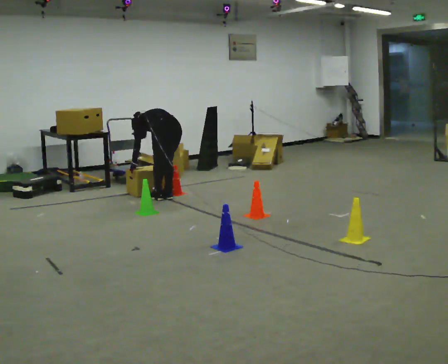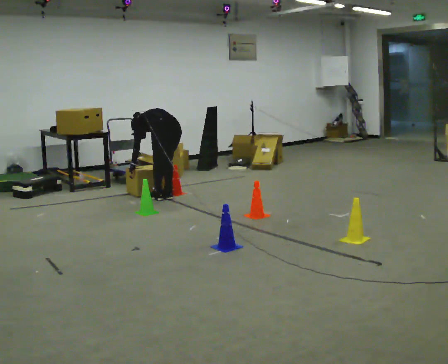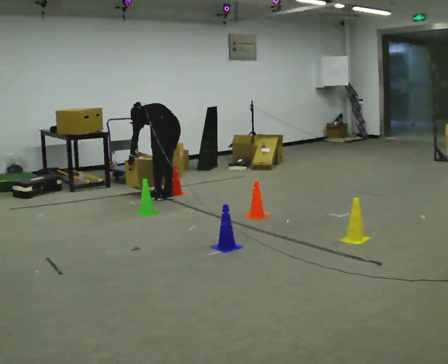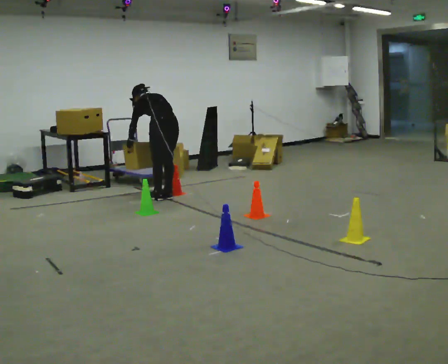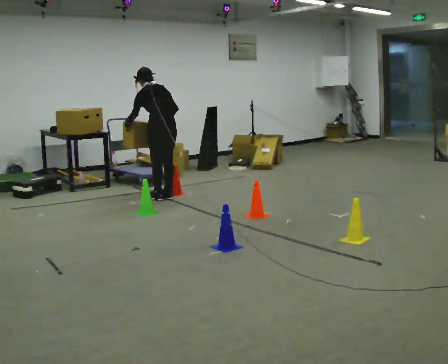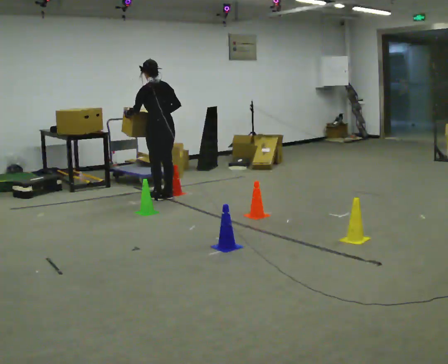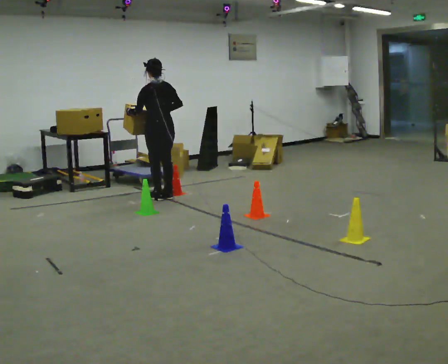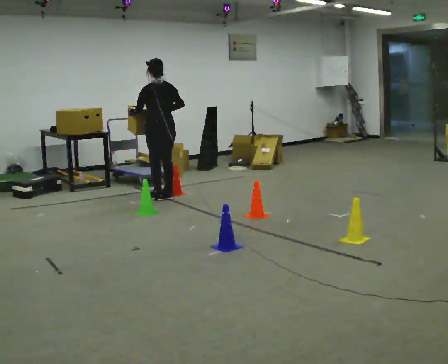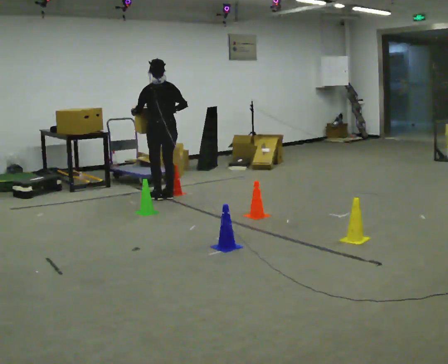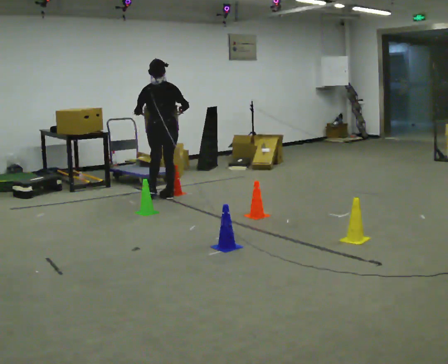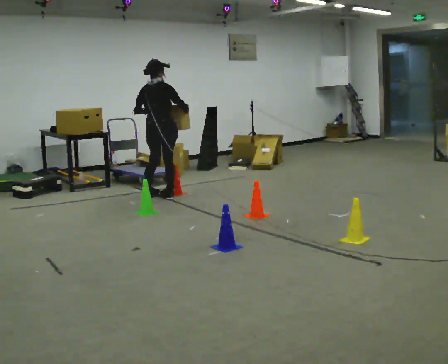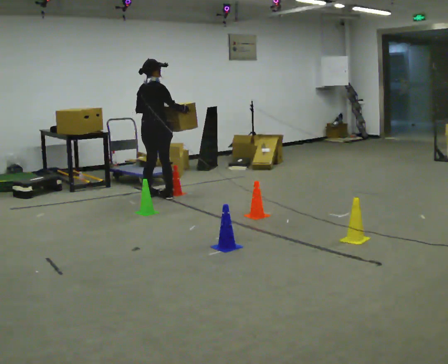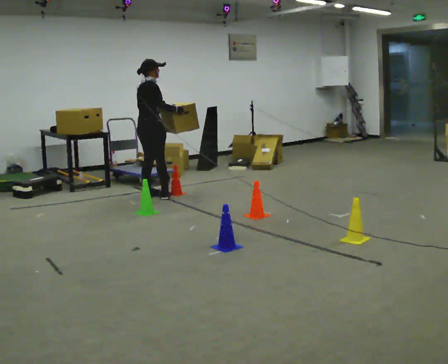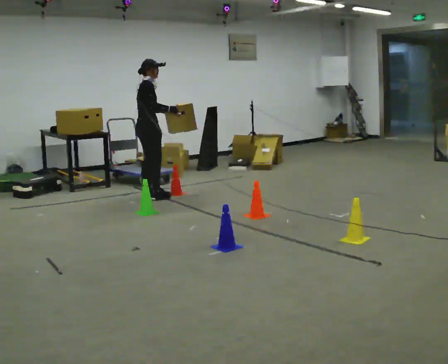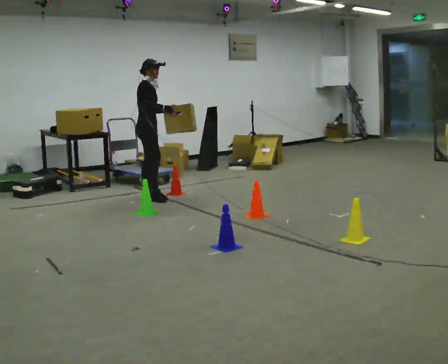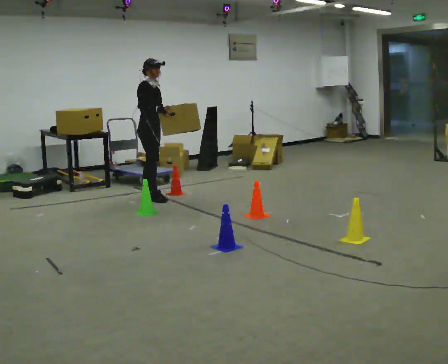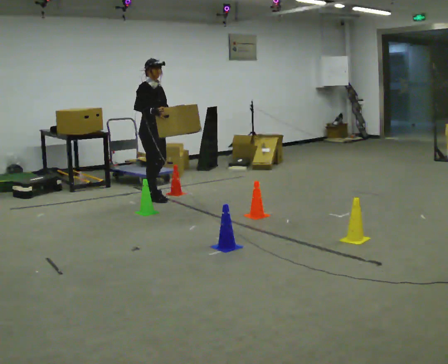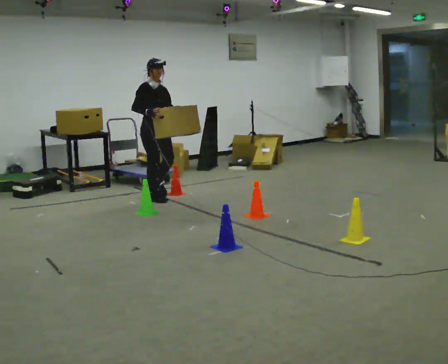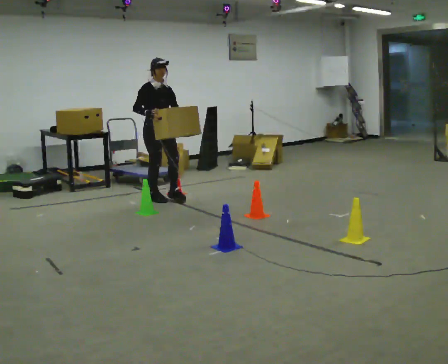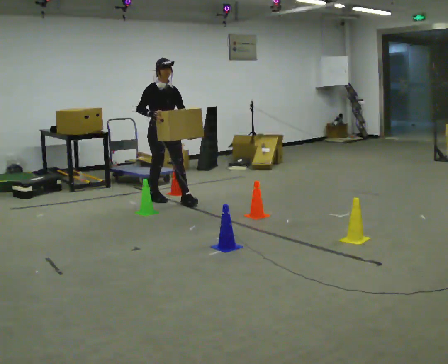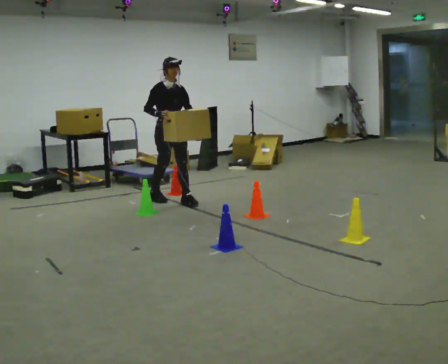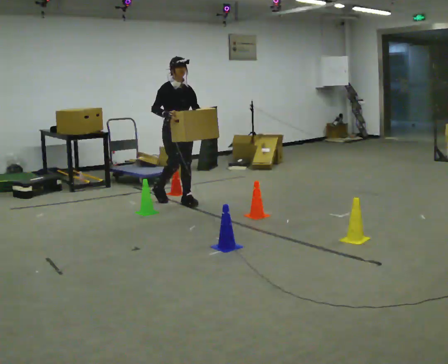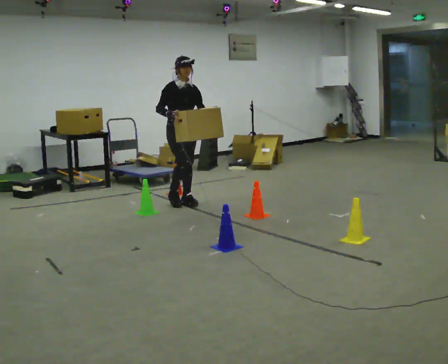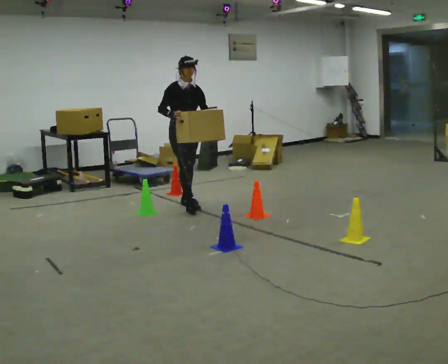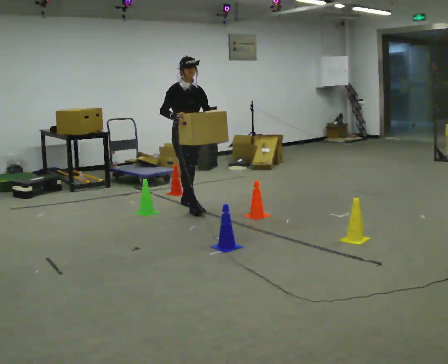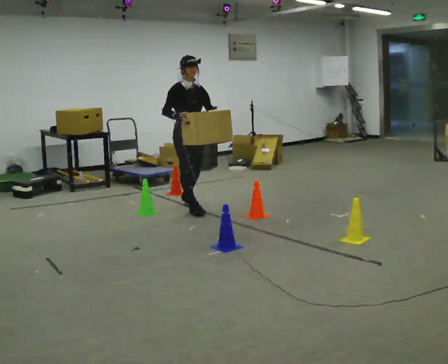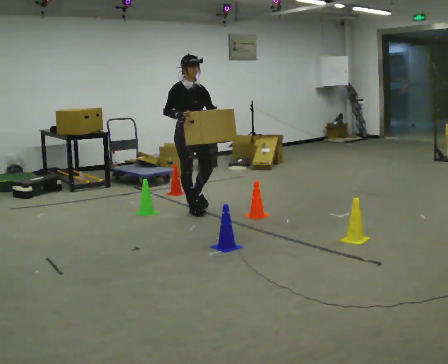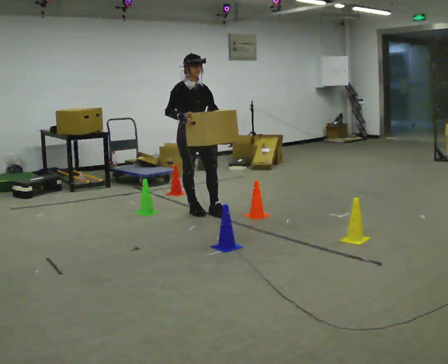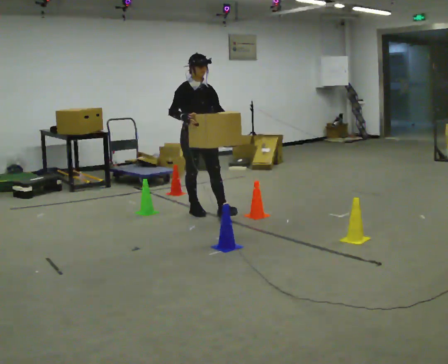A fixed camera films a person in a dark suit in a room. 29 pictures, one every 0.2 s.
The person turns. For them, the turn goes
to their right.
The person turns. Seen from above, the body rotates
clockwise.
0.0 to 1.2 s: The shoulders move upward. The upper body tips toward the camera, its near side rolling downward, as they lean back or straighten. In the picture their right hand goes upward.
1.2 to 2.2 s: The part of the body nearest the lens slides to the left as the person turns to their right by about 75 degrees.
2.2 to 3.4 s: The part of the body nearest the lens slides to the left as the person turns to their right by about 90 degrees. In the picture they go toward the camera, about 0.25 m in 1 step. In the picture their right hand goes to the left.
3.4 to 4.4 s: In the picture they go to the right and toward the camera, about 0.25 m in 1 step, which for them is forward.
4.4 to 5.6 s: In the picture they go toward the camera, about 0.5 m in 2 steps, which for them is forward.
The film runs forward here.
